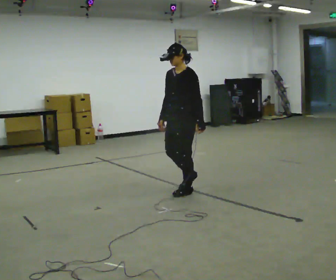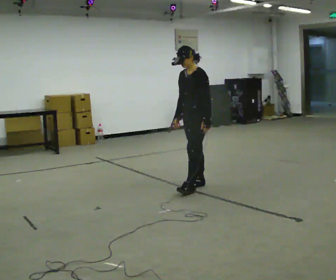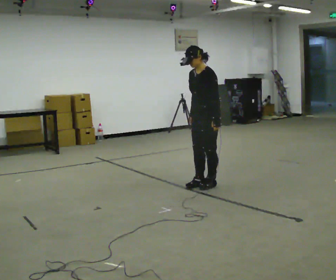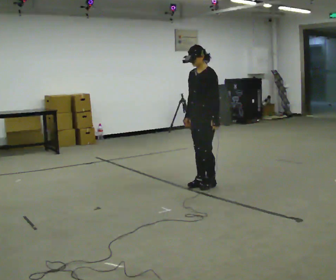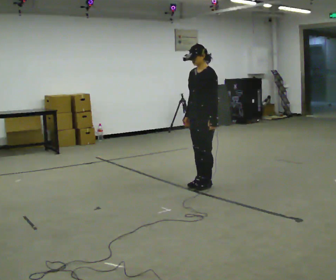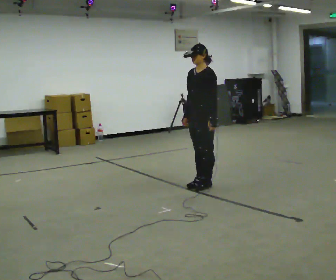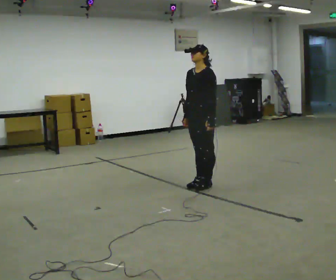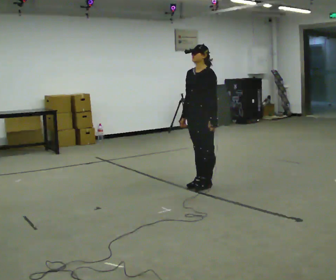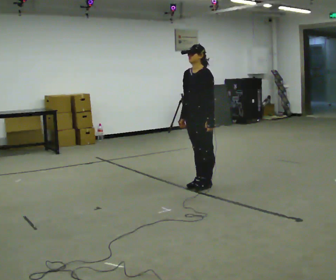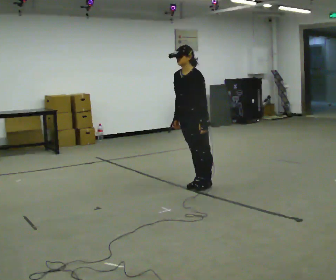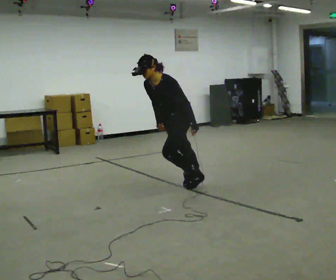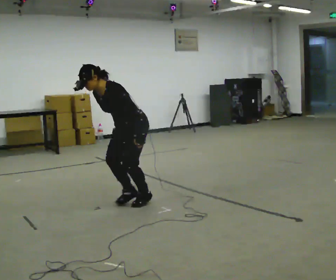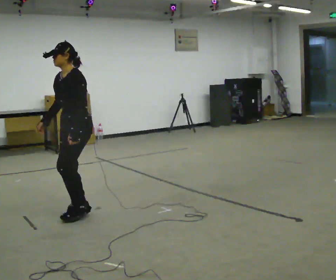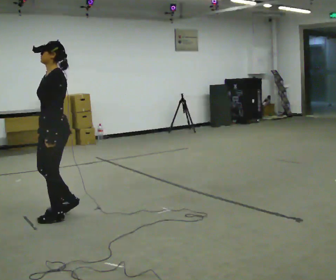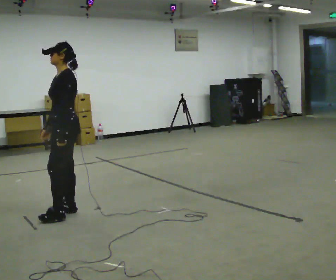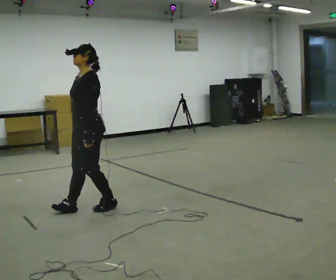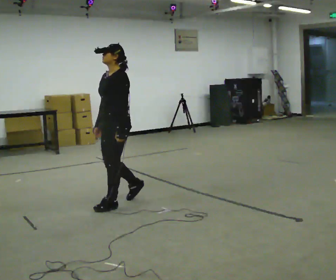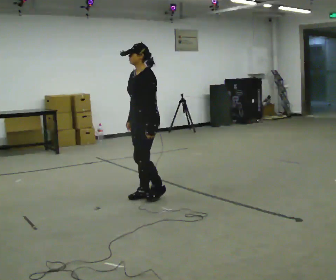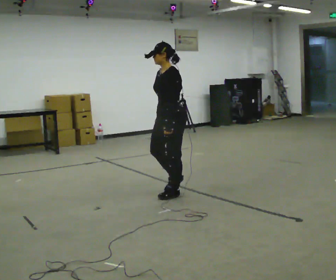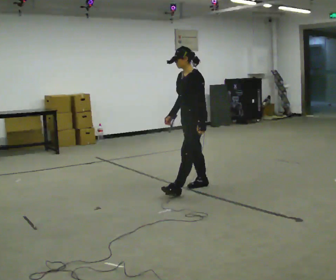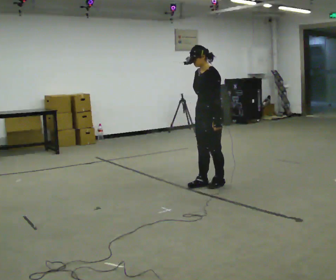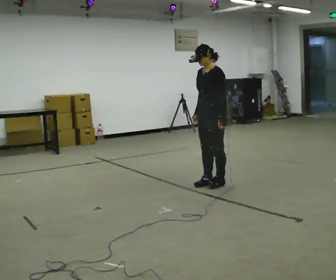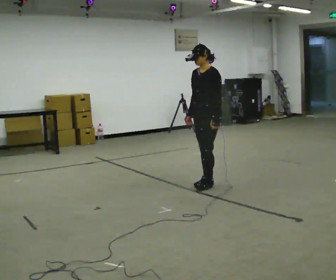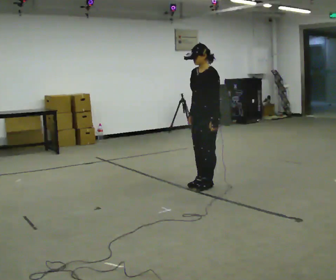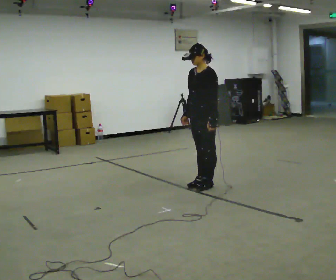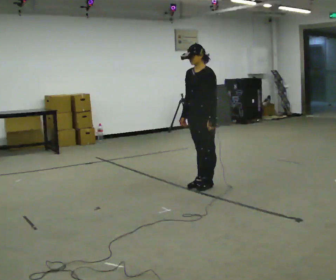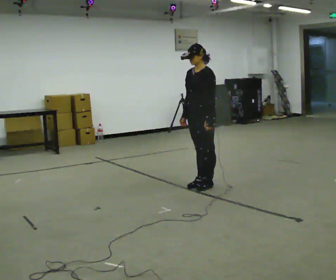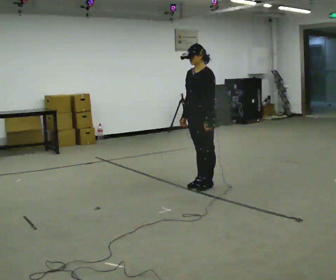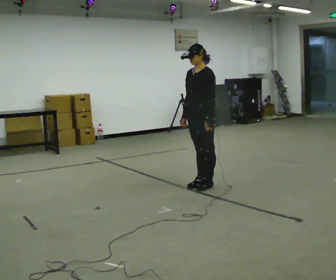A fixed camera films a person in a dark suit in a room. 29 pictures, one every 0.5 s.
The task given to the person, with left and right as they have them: Stand on the marked spots with your feet together. Lean forward from the ankles, keeping your body straight, until you cannot hold it any longer, then step forward to catch yourself. Return to the spots. Repeat at your own pace until the operator says stop. Go slowly and only as far as you are comfortable. Step whenever you need to; do not try to hold on longer than feels safe.
0.0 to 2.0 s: In the picture they go to the right and away from the camera, about 0.25 m in 2 steps, which for them is backward.
2.0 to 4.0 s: The person moves a little, or ends about where they began.
4.0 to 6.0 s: In the picture they go to the left and toward the camera, about 1.5 m in 2 steps, which for them is forward.
6.0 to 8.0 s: In the picture they go to the right and away from the camera, about 0.5 m in 3 steps, which for them is backward and to their right.
8.0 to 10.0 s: In the picture they go to the right and away from the camera, about 1 m in 4 steps, which for them is backward.
10.0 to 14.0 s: The person moves a little, or ends about where they began.
The film runs forward here.
